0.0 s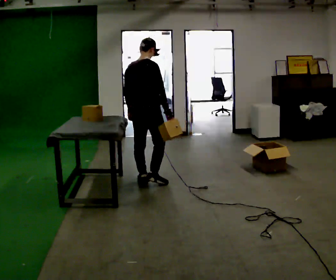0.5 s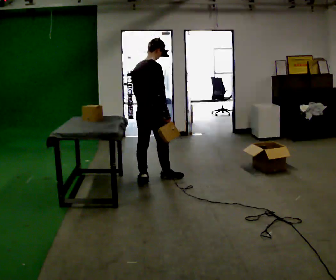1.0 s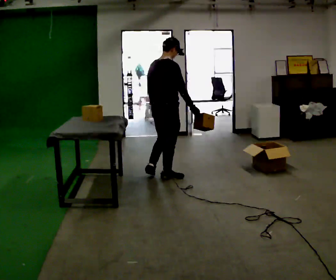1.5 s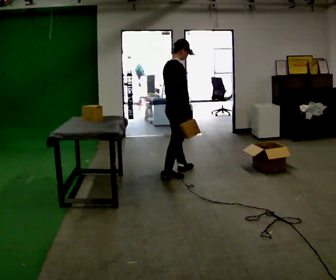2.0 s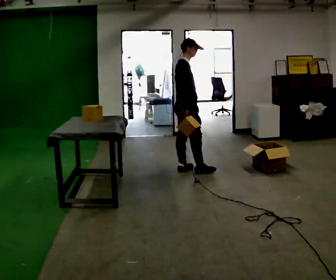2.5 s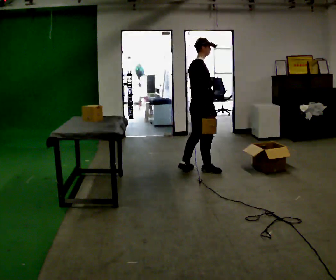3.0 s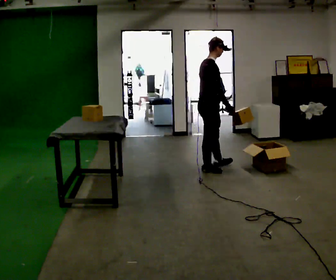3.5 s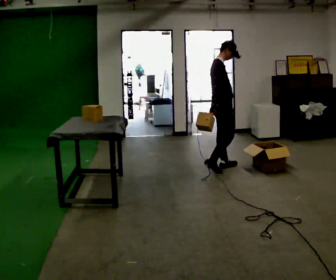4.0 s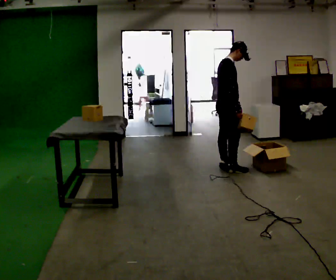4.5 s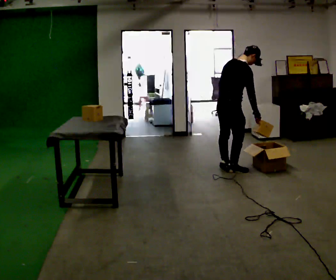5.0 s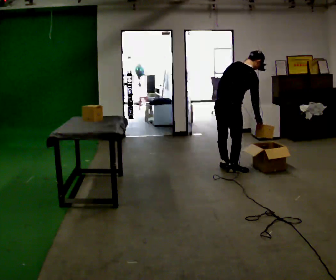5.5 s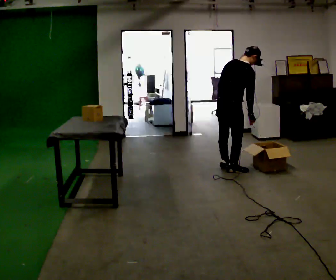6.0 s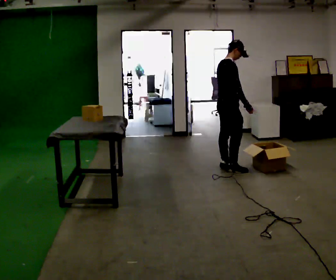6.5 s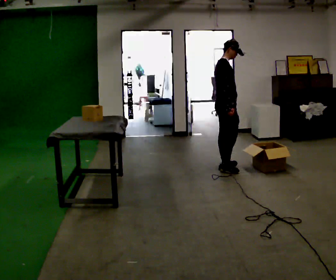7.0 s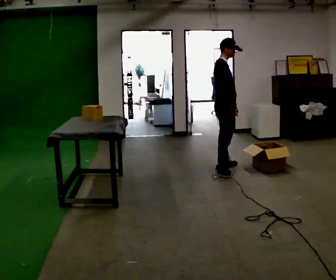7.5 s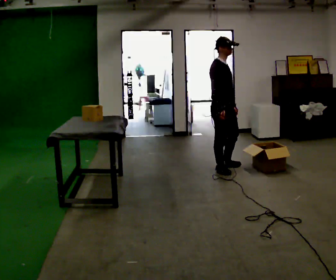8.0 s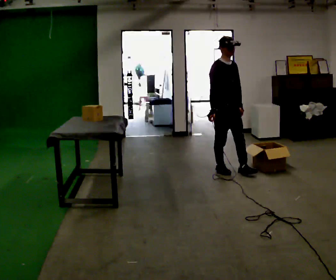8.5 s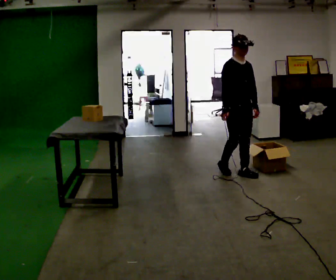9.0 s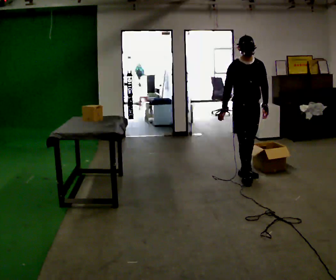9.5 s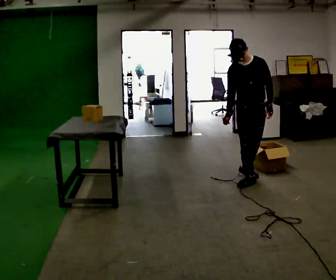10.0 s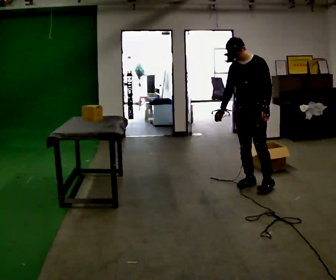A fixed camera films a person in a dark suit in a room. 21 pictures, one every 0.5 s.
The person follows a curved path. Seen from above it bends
clockwise.
The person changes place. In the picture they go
to the right.
0.0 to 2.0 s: The part of the body nearest the lens slides to the left as the person turns to their right by about 60 degrees. In the picture they go away from the camera and to the right, about 0.75 m in 2 steps, which for them is forward.
2.0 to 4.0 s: In the picture they go to the right, about 0.5 m in 3 steps, which for them is forward.
4.0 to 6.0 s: The person moves a little, or ends about where they began.
6.0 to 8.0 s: Seen from above the body turns clockwise, about 60 degrees: to their right, with its near side sliding to the left. In the picture they go toward the camera, about 0.25 m, which for them is to their right. In the picture their right hand goes to the left.
8.0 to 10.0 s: The part of the body nearest the lens slides to the left as the person turns to their right by about 60 degrees. In the picture they go toward the camera and to the right, about 0.5 m in 2 steps.
The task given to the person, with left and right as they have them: Carry each object across the room and drop it into the container on the floor, then walk back for the next one. Keep going until the operator says stop; one object at a time, and do not rush between trips.
The film runs forward here.
